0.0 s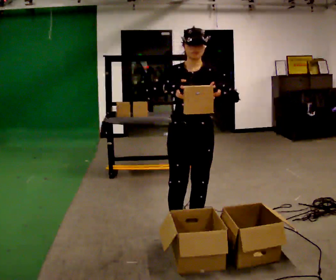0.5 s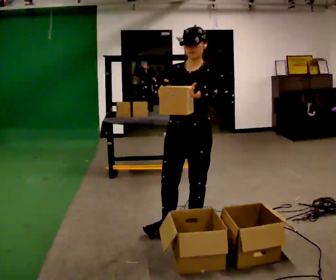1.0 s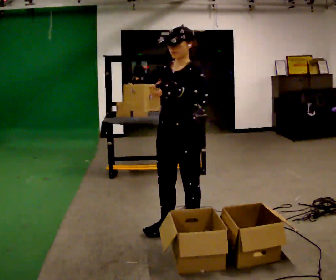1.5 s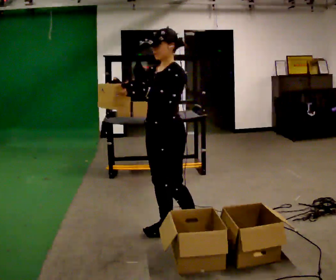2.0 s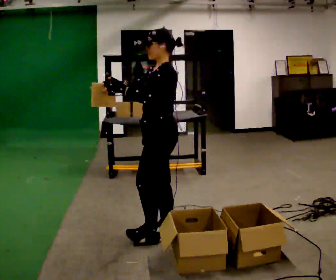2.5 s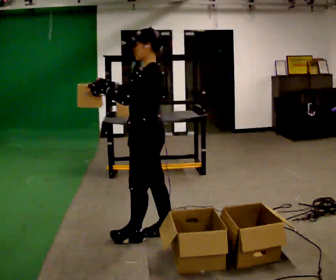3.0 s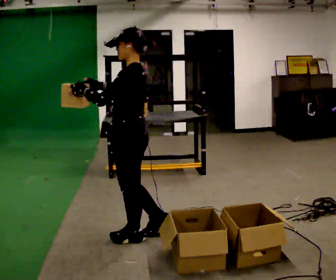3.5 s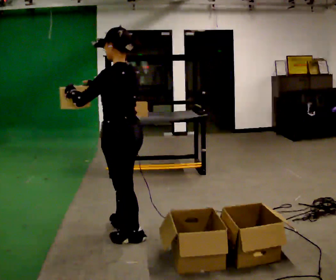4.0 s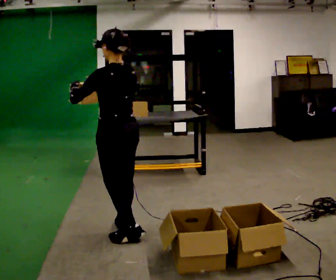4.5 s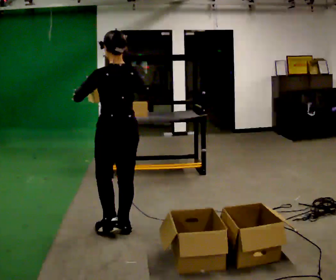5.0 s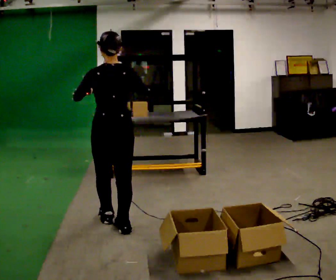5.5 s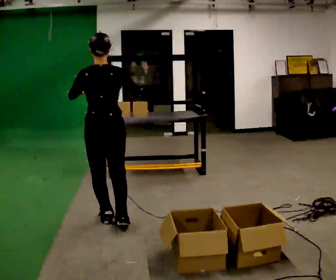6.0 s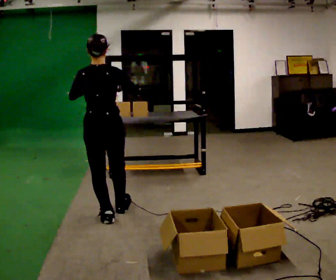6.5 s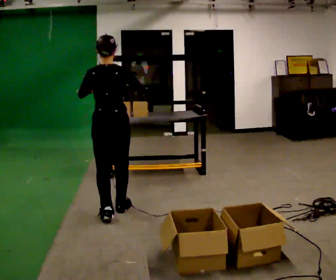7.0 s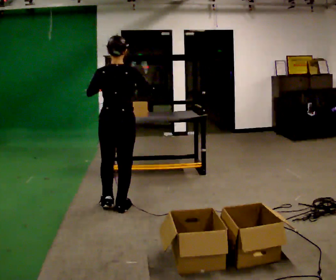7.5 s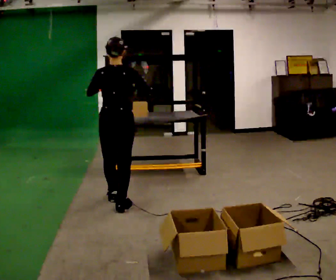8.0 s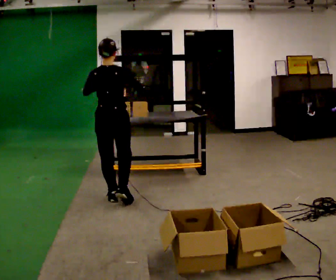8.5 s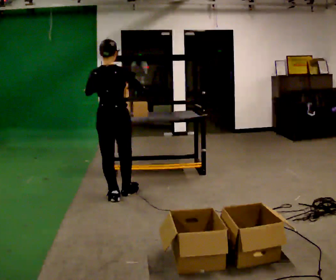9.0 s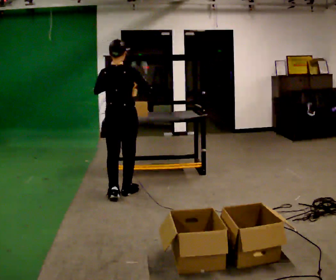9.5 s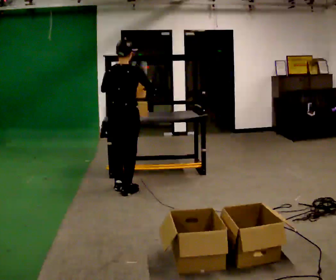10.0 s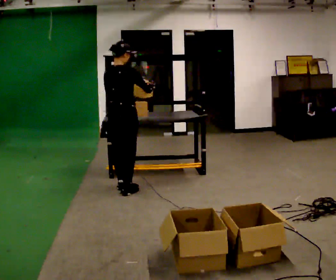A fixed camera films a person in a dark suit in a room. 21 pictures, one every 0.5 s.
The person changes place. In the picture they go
away from the camera.
The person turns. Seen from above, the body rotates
clockwise.
0.0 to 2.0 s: Seen from above the body turns clockwise, about 75 degrees: to their right, with its near side sliding to the left. In the picture they go to the left, about 0.25 m. In the picture their right hand goes to the left.
2.0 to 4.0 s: The person turns about 60 degrees to their right, clockwise seen from above, so the part of the body nearest the lens slides to the left. In the picture they go to the left, about 0.25 m in 2 steps, which for them is forward.
4.0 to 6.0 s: Seen from above the body turns clockwise, about 45 degrees: to their right, with its near side sliding to the left. In the picture they go away from the camera, about 0.25 m in 2 steps, which for them is forward.
6.0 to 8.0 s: In the picture they go away from the camera, about 0.5 m in 1 step, which for them is forward.
8.0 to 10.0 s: The person turns about 30 degrees to their right, clockwise seen from above, so the part of the body nearest the lens slides to the left. In the picture they go away from the camera, about 0.25 m in 2 steps, which for them is forward.
The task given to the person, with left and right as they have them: 1. Look at the shelf and see which spaces are empty. 2. Find matching items in the bins on the floor. 3. Fill the empty spaces on the shelf. 4. Tell the operator when you are finished.
The film runs forward here.
